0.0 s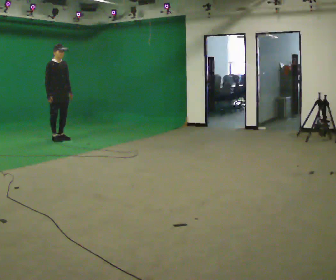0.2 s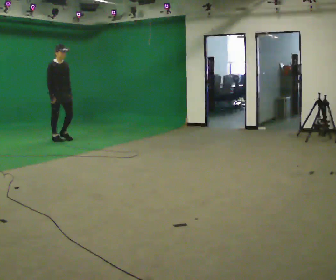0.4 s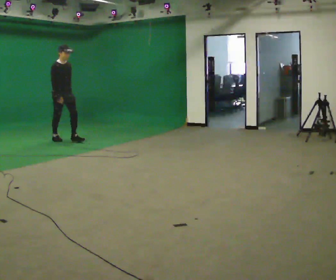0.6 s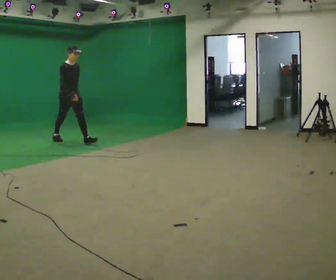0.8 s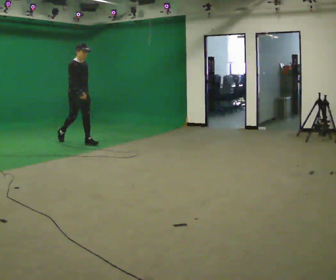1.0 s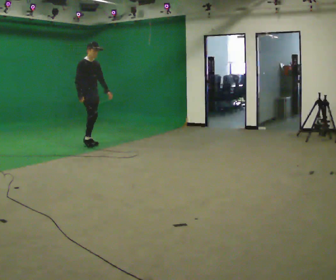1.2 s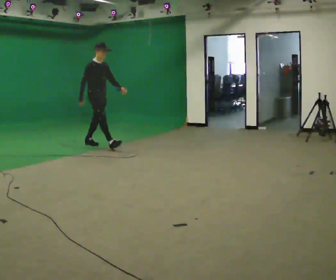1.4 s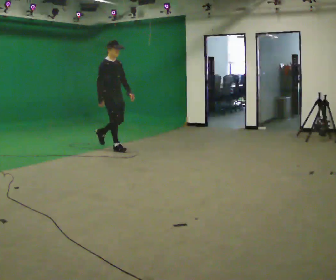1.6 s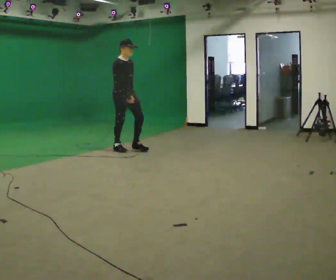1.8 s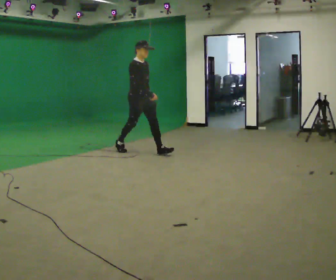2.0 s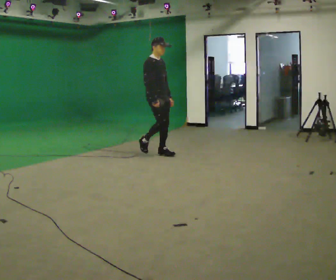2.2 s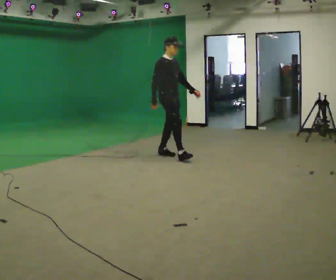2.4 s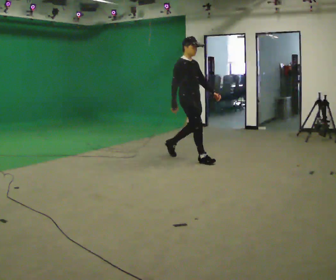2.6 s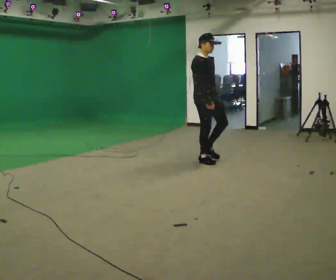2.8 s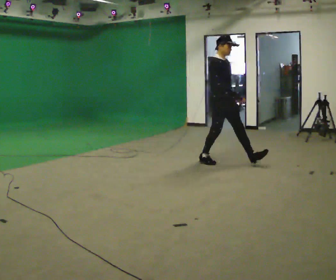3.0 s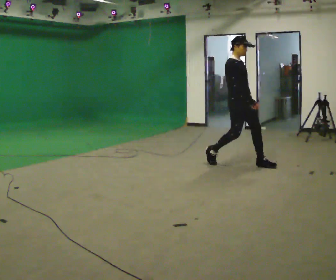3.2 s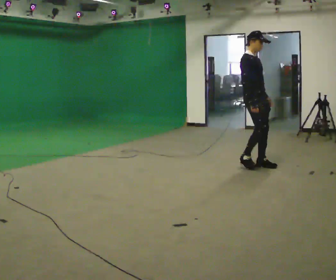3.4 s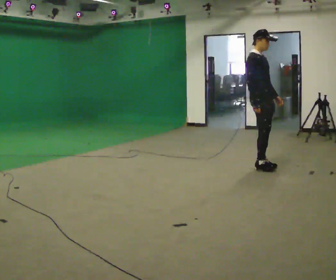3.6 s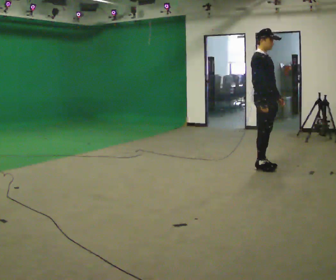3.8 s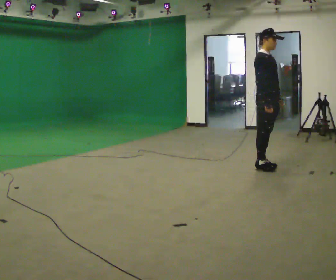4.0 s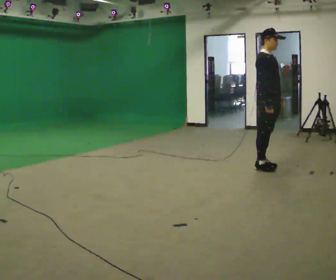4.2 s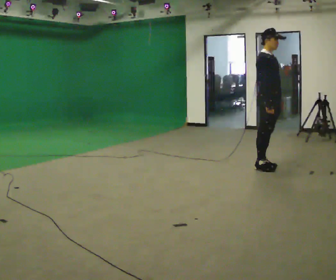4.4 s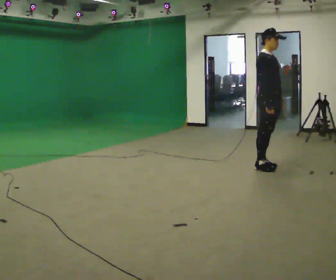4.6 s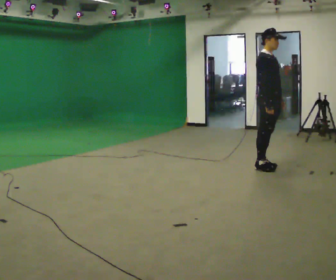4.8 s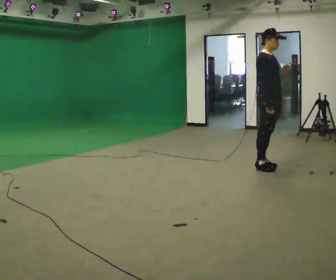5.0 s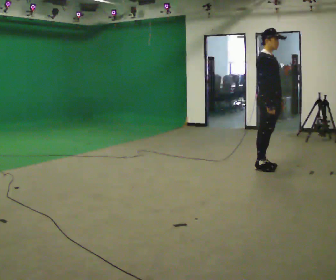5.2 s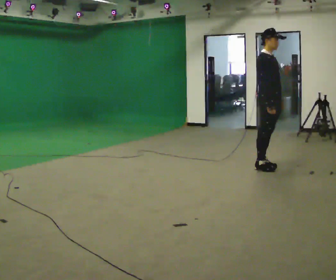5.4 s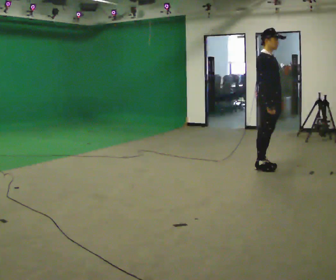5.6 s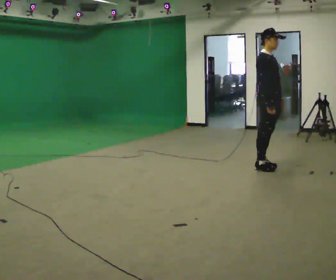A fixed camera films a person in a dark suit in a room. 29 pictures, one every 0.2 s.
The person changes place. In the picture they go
to the right.
0.0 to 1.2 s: In the picture they go to the right and toward the camera, about 1 m in 1 step, which for them is forward.
1.2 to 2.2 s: In the picture they go to the right and toward the camera, about 1.5 m in 2 steps, which for them is forward.
2.2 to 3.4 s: In the picture they go to the right and toward the camera, about 1.5 m in 3 steps, which for them is forward.
3.4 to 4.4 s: The person moves a little, or ends about where they began.
4.4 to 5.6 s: The person keeps their place and pose.
The film runs forward here.
